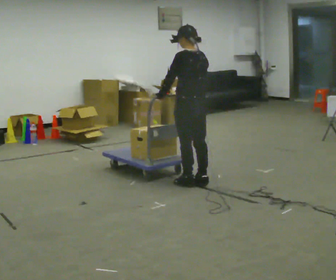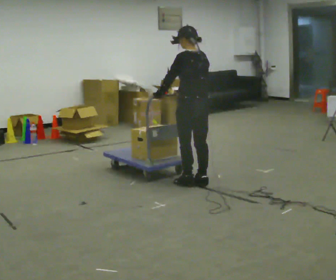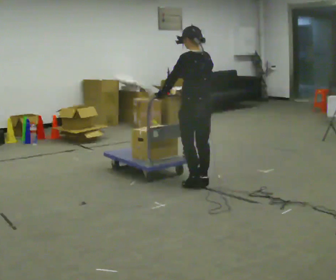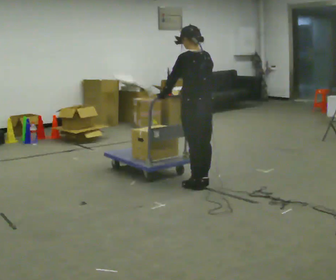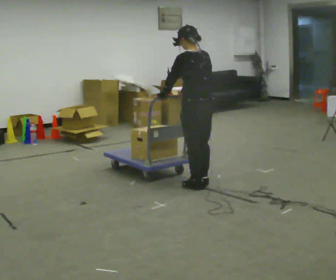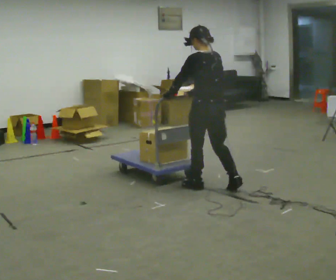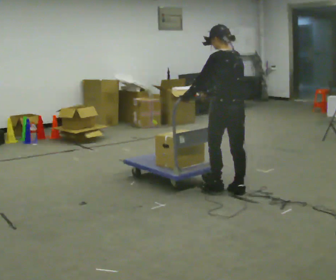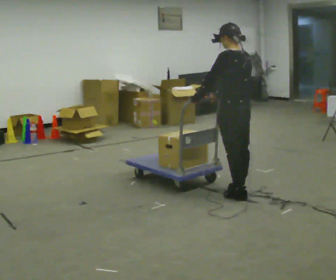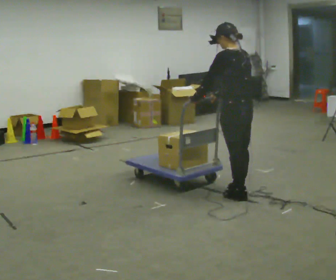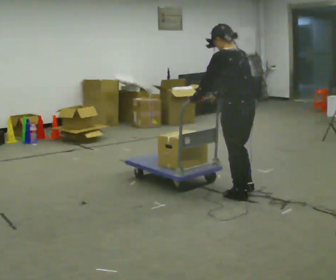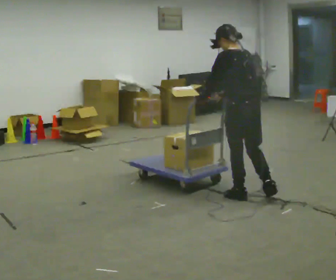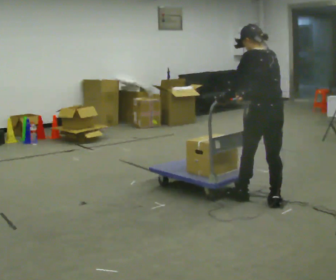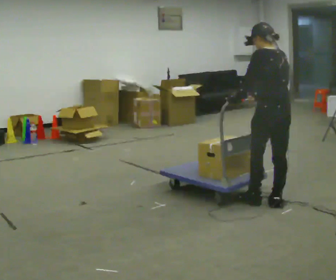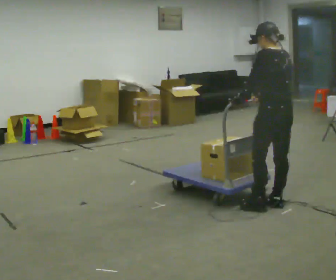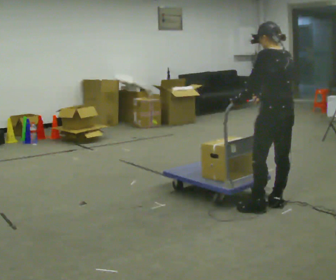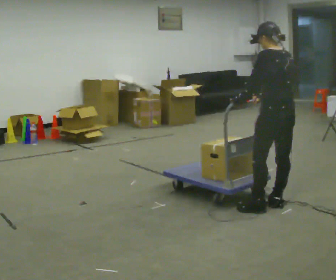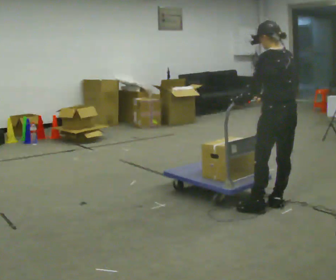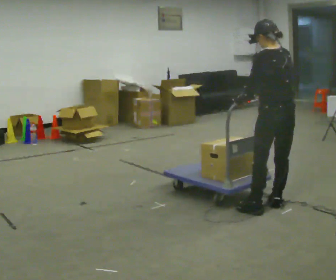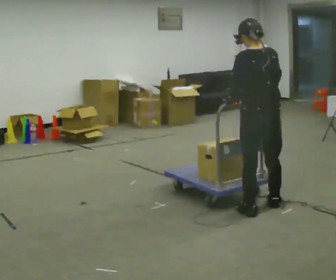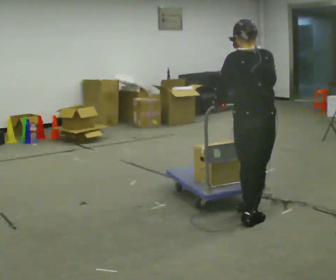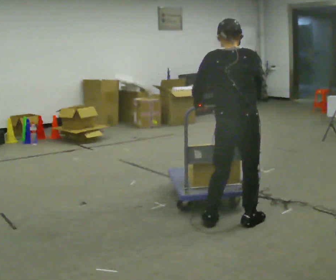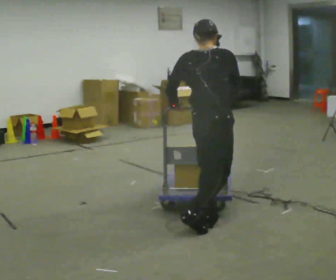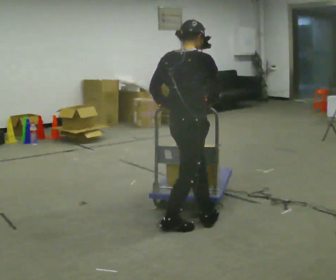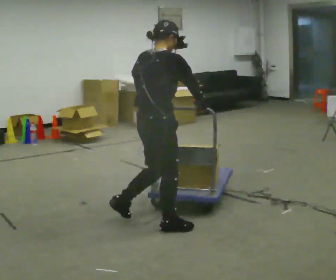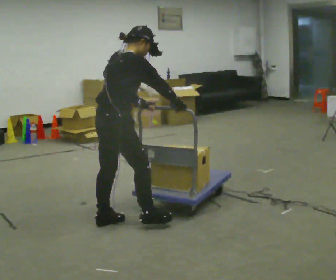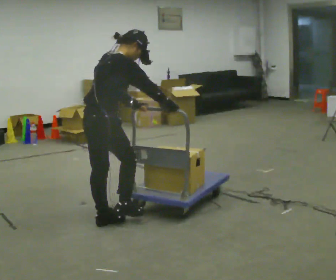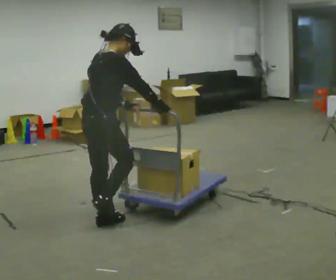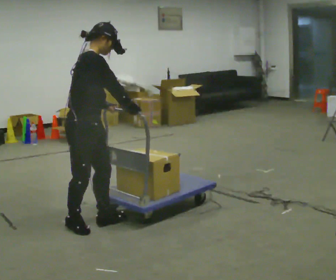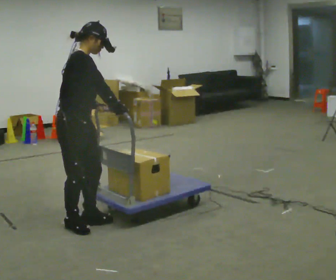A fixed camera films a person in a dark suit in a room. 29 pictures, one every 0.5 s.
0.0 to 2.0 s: The person moves a little, or ends about where they began.
2.0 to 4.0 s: In the picture they go to the right and toward the camera, about 0.5 m in 2 steps, which for them is backward.
4.0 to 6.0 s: In the picture they go to the right and toward the camera, about 0.25 m in 2 steps, which for them is backward.
6.0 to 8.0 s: The person moves a little, or ends about where they began.
8.0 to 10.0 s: The part of the body nearest the lens slides to the left as the person turns to their right by about 60 degrees. In the picture they go toward the camera and to the left, about 0.5 m in 2 steps, which for them is to their left and backward.
10.0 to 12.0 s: The person turns about 30 degrees to their right, clockwise seen from above, so the part of the body nearest the lens slides to the left. In the picture they go to the left, about 1 m in 3 steps, which for them is backward and to their left. In the picture the upper body tilts clockwise, shoulders to the right.
12.0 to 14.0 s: Seen from above the body turns clockwise, about 30 degrees: to their right, with its near side sliding to the left. In the picture they go to the left, about 0.25 m in 2 steps, which for them is backward.
The film runs backward here.
